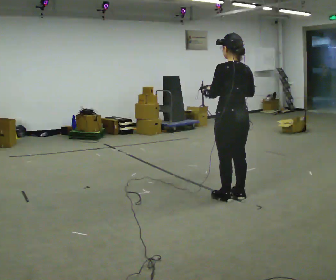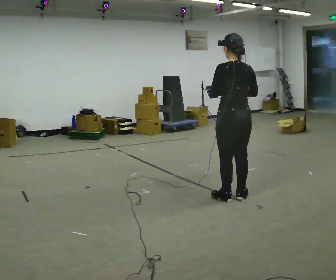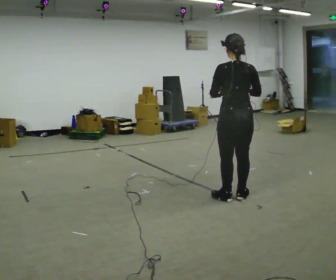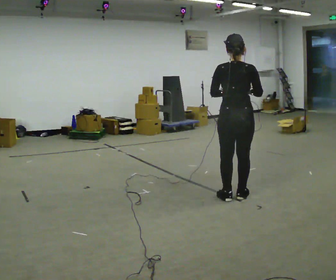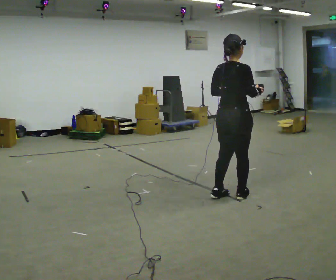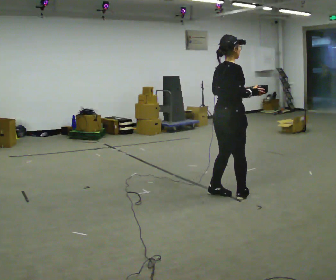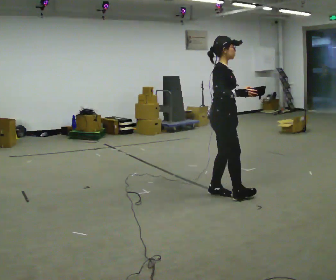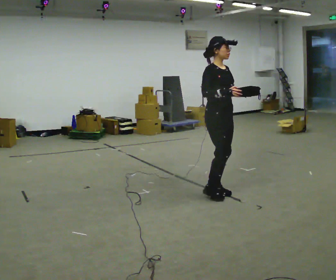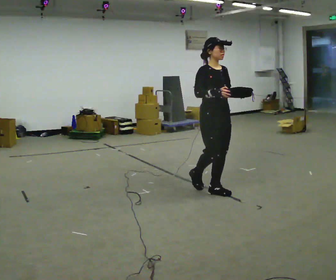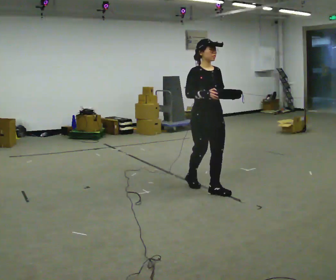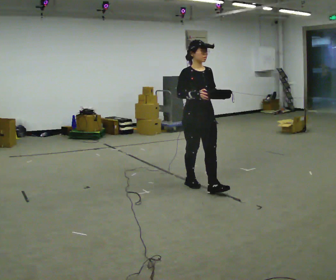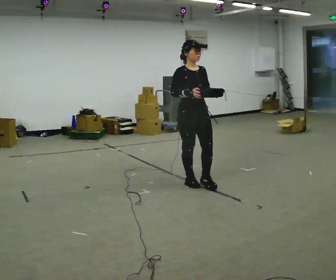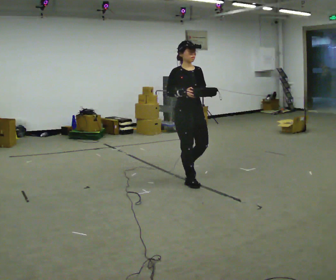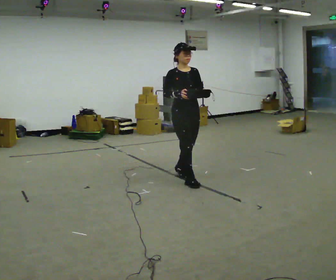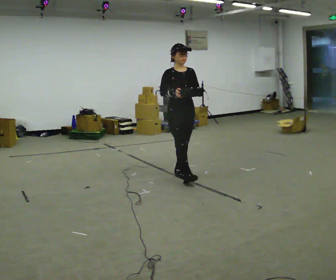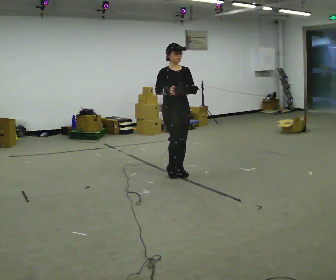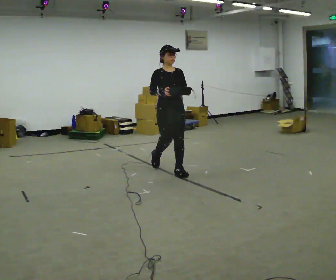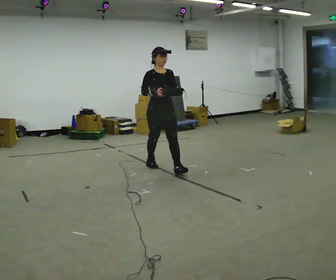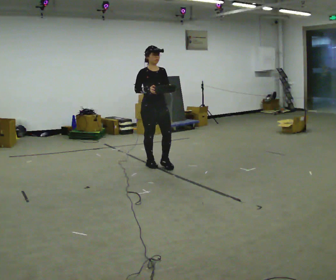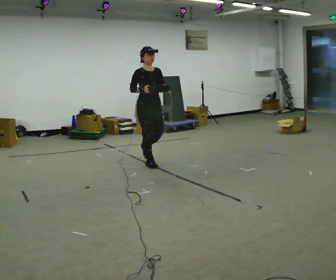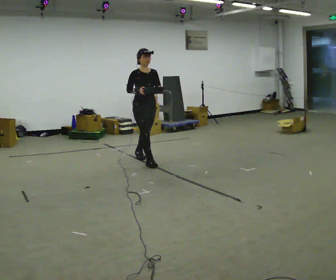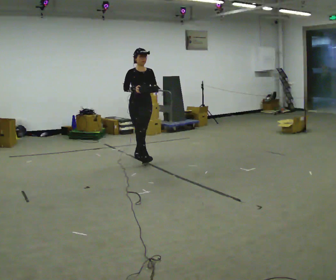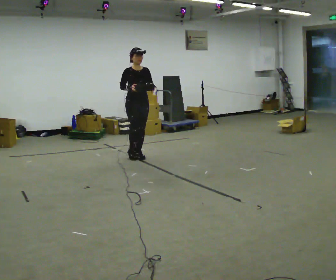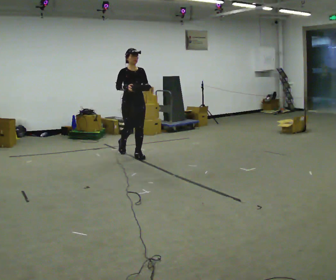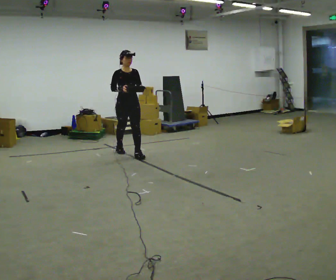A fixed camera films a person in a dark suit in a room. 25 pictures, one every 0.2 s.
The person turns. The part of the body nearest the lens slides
to the left.
The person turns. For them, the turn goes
to their right.
0.0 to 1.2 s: The part of the body nearest the lens slides to the left as the person turns to their right by about 120 degrees. In the picture they go away from the camera, about 0.25 m in 2 steps.
1.2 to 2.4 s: Seen from above the body turns clockwise, about 60 degrees: to their right, with its near side sliding to the left. In the picture they go away from the camera and to the left, about 0.5 m in 1 step.
2.4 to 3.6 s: In the picture they go away from the camera and to the left, about 1 m in 2 steps, which for them is backward.
3.6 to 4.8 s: In the picture they go away from the camera and to the left, about 1 m in 1 step, which for them is backward.
The film runs backward here.
